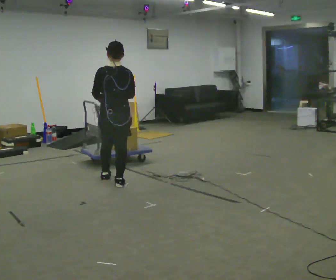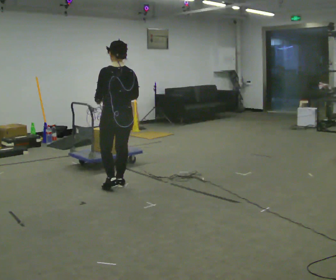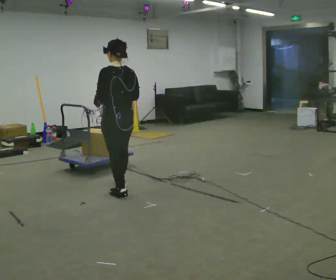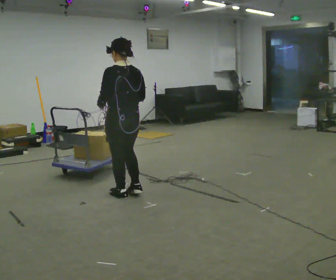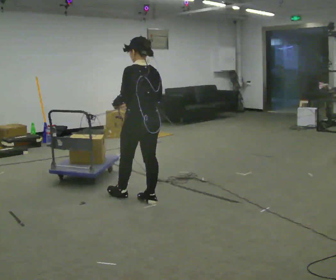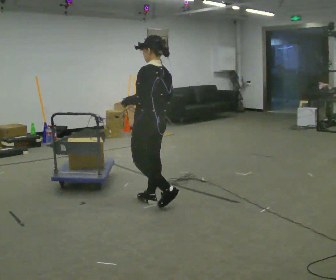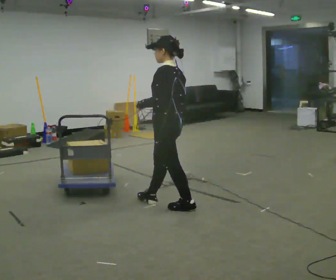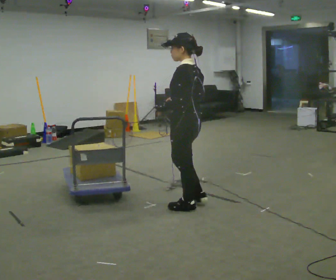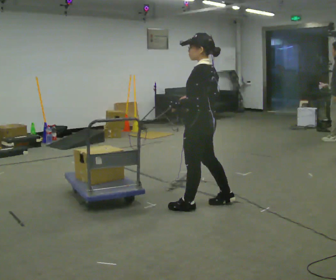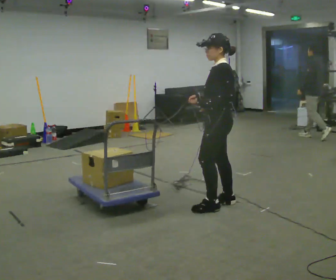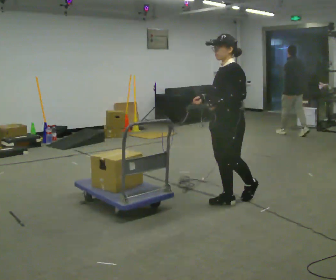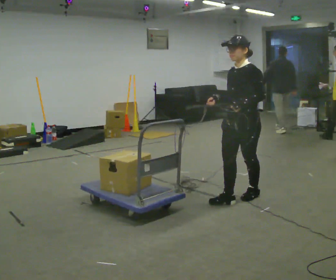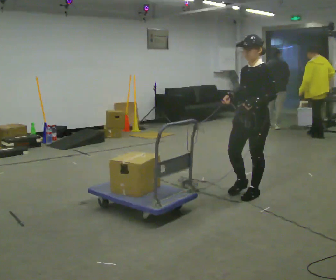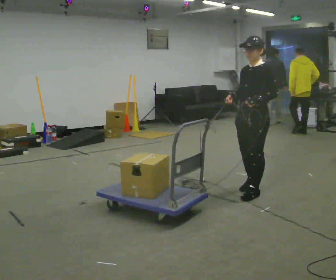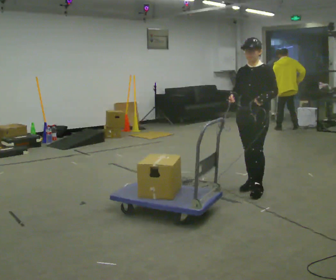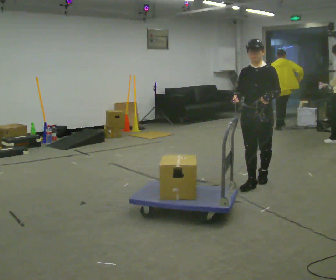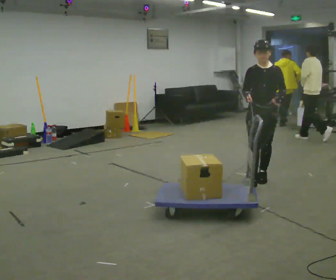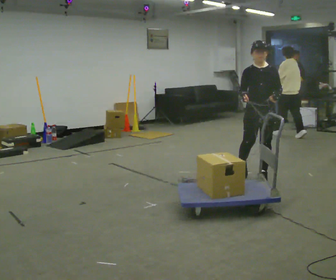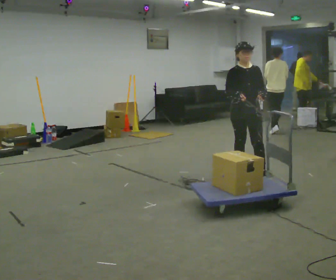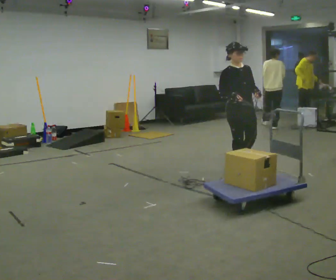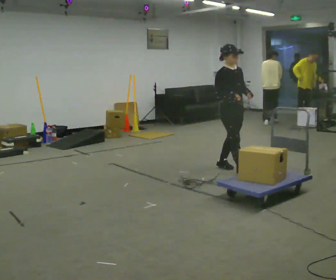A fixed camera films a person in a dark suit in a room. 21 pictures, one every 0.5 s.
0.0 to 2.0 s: The person turns about 30 degrees to their left, counterclockwise seen from above, so the part of the body nearest the lens slides to the right. In the picture they go toward the camera and to the right, about 0.75 m in 2 steps, which for them is backward.
2.0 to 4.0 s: Seen from above the body turns counterclockwise, about 30 degrees: to their left, with its near side sliding to the right. In the picture they go to the right, about 0.5 m in 2 steps, which for them is backward.
4.0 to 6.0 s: The person turns about 45 degrees to their left, counterclockwise seen from above, so the part of the body nearest the lens slides to the right. In the picture they go to the right and away from the camera, about 0.5 m in 1 step, which for them is backward.
6.0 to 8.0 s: The part of the body nearest the lens slides to the right as the person turns to their left by about 45 degrees. In the picture they go away from the camera, about 0.5 m in 2 steps, which for them is backward.
8.0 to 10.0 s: Seen from above the body turns counterclockwise, about 45 degrees: to their left, with its near side sliding to the right. In the picture they go away from the camera and to the left, about 0.75 m in 2 steps, which for them is backward and to their right.
The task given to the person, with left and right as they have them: Hold the rope in both hands and drag the sled towards you as you walk backward. The operator will confirm the space behind you is clear.
The film runs forward here.
